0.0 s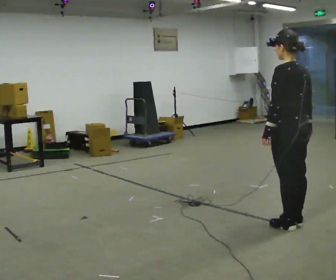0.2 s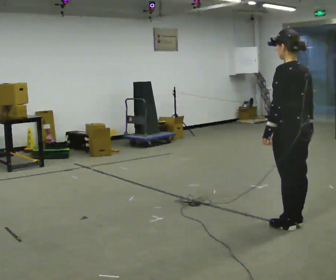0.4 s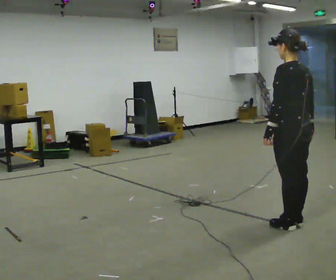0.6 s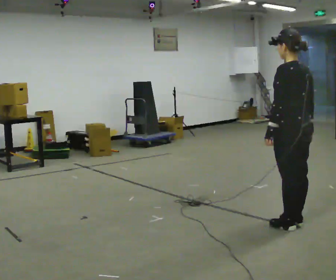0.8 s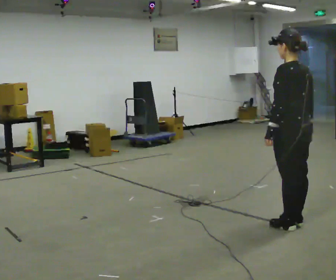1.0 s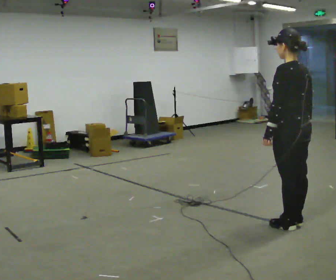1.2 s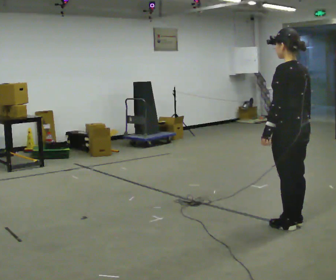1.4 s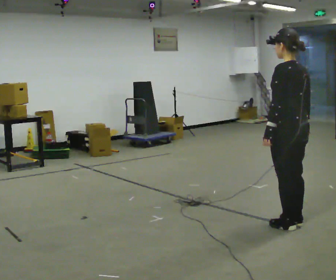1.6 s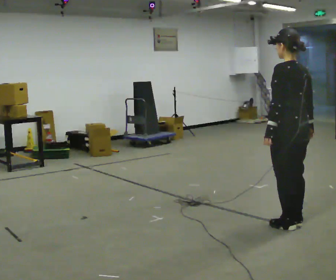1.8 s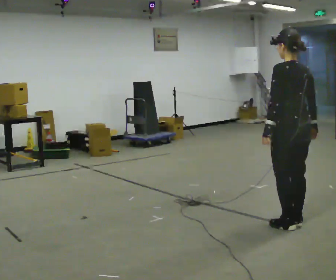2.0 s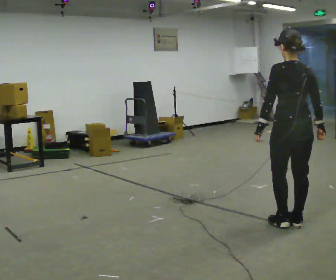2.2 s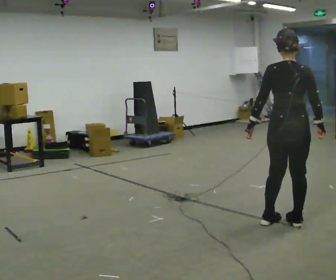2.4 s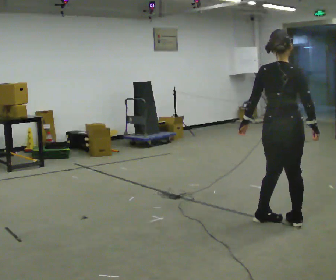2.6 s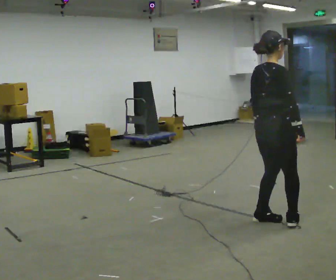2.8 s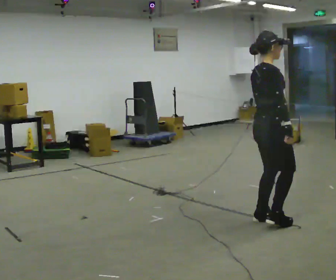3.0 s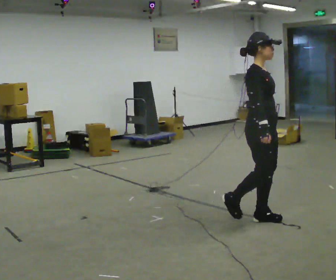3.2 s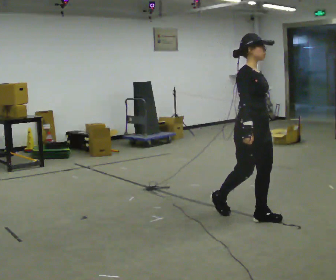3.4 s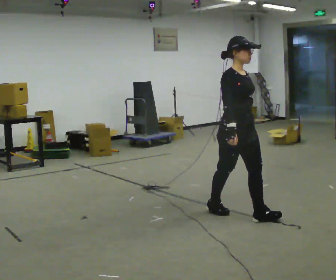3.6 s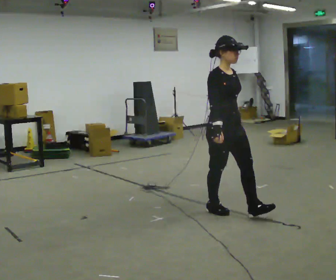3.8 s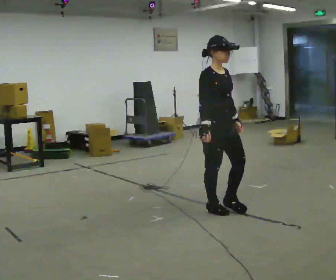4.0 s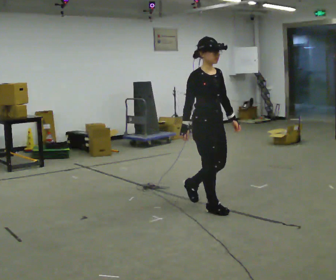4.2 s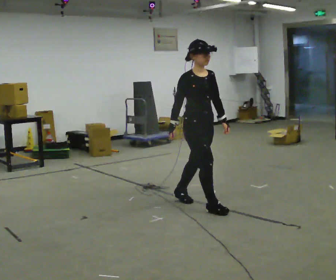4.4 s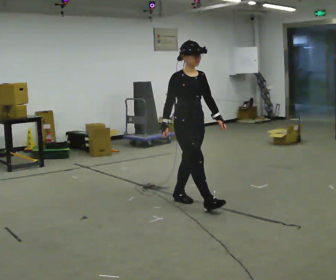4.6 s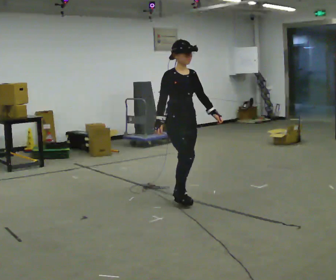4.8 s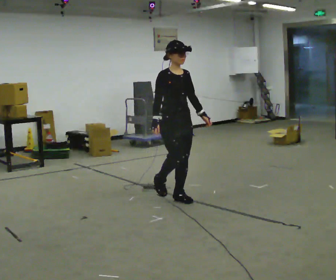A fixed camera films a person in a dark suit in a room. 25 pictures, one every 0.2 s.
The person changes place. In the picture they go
to the left.
The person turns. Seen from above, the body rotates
clockwise.
0.0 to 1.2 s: The person moves a little, or ends about where they began.
1.2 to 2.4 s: The part of the body nearest the lens slides to the left as the person turns to their right by about 75 degrees.
2.4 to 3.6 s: Seen from above the body turns clockwise, about 105 degrees: to their right, with its near side sliding to the left. In the picture they go to the left and away from the camera, about 0.5 m in 2 steps.
3.6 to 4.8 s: In the picture they go to the left and away from the camera, about 0.75 m in 1 step, which for them is backward.
The film runs backward here.
